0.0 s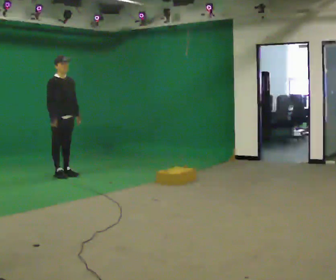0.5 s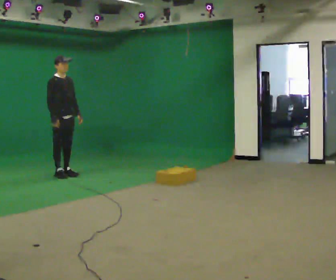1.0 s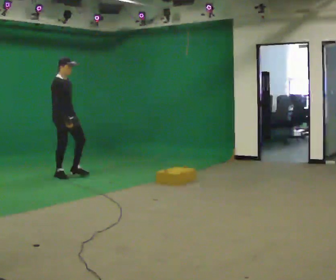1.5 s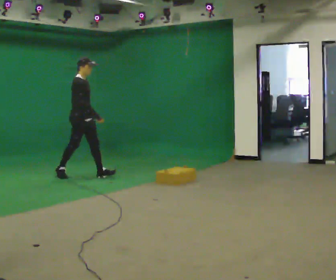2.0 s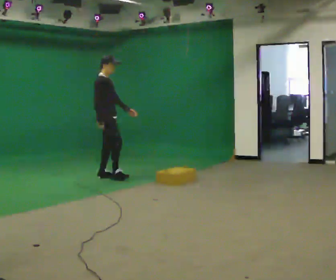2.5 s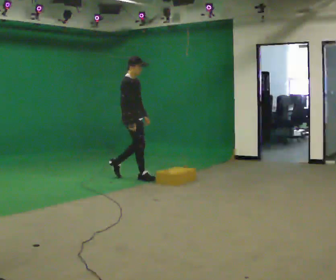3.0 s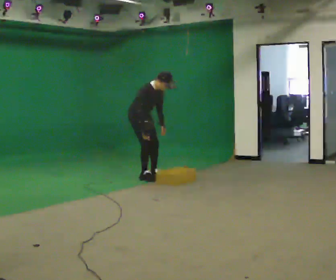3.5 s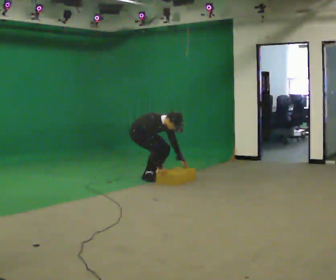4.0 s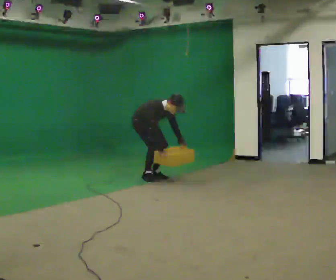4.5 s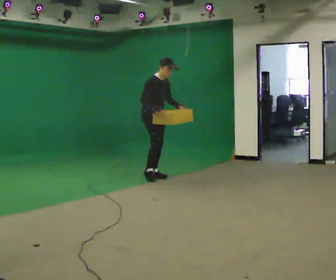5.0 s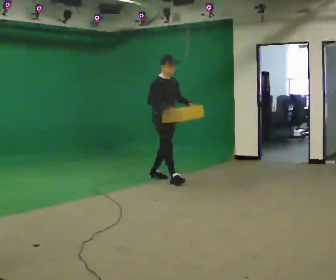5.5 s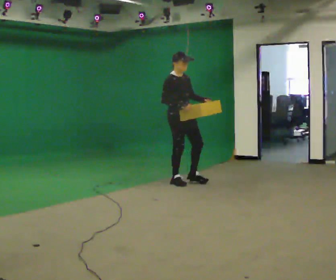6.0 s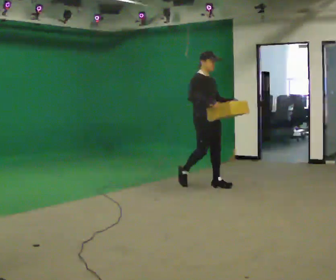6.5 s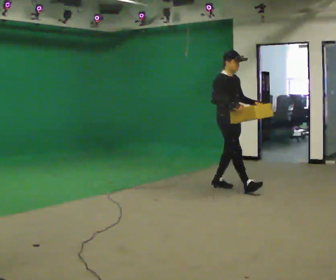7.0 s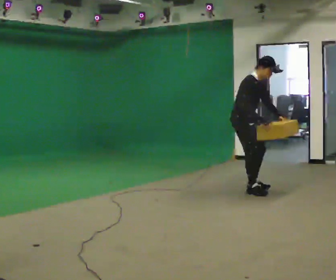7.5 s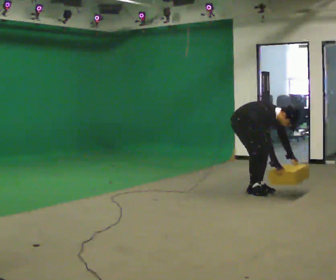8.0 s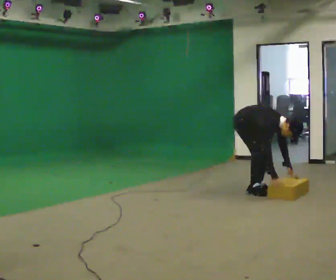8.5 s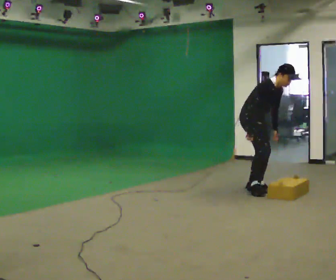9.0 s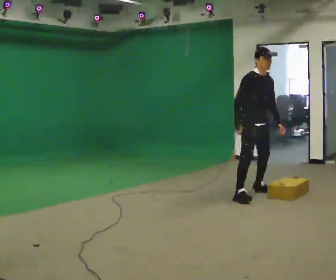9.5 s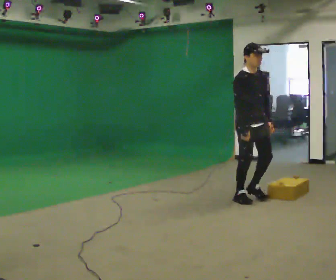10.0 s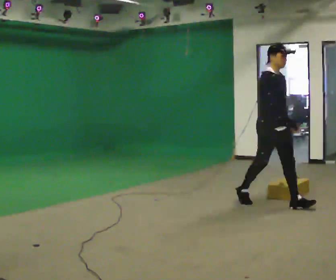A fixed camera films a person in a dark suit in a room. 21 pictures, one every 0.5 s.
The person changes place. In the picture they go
to the right.
0.0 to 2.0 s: The person turns about 30 degrees to their left, counterclockwise seen from above, so the part of the body nearest the lens slides to the right. In the picture they go to the right, about 0.5 m in 1 step, which for them is forward.
2.0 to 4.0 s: Seen from above the body turns clockwise, about 30 degrees: to their right, with its near side sliding to the left. In the picture they go to the right, about 0.5 m in 2 steps, which for them is forward and to their left. In the picture the upper body tilts clockwise, shoulders to the right, as they bend forward. In the picture their left hand goes downward.
4.0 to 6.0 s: In the picture they go to the right and toward the camera, about 1 m in 2 steps, which for them is forward. The upper body goes upward. In the picture the upper body tilts counterclockwise, shoulders to the left, as they lean back or straighten. In the picture their right hand goes upward.
6.0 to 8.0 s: In the picture they go to the right and toward the camera, about 0.5 m in 2 steps, which for them is forward. The shoulders move downward. In the picture the upper body tilts clockwise, shoulders to the right, as they bend forward. In the picture their right hand goes downward.
8.0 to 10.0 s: In the picture they go toward the camera, about 1 m in 2 steps, which for them is forward and to their right. The shoulders move upward. In the picture the upper body tilts counterclockwise, shoulders to the left, as they lean back or straighten. In the picture their right hand goes upward.
The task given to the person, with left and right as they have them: Start still; walk straight at normal comfortable speed; stop at endpoint.
The film runs forward here.
